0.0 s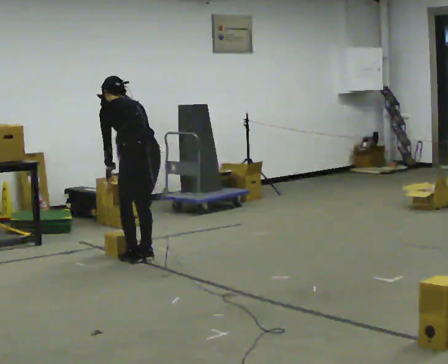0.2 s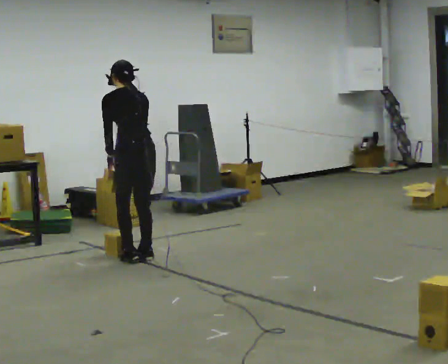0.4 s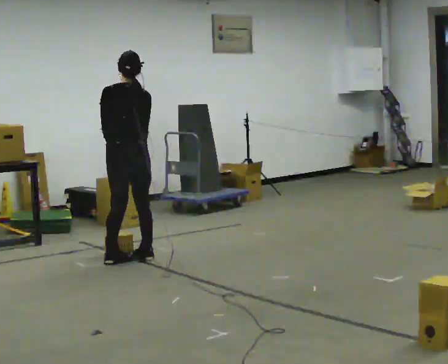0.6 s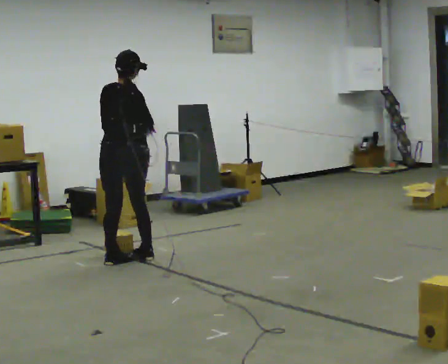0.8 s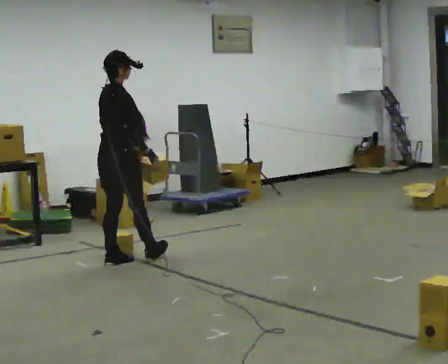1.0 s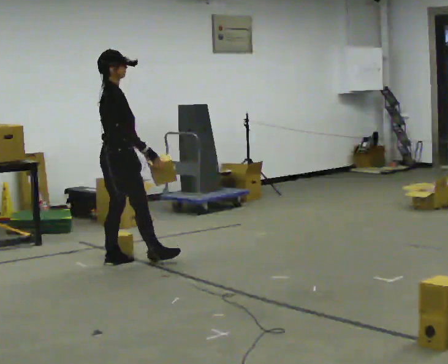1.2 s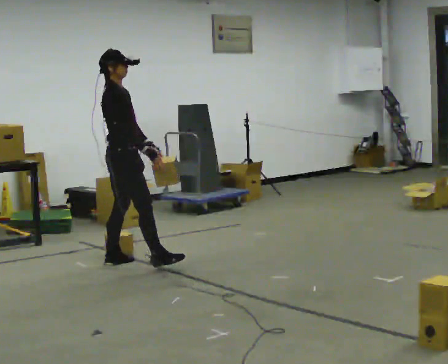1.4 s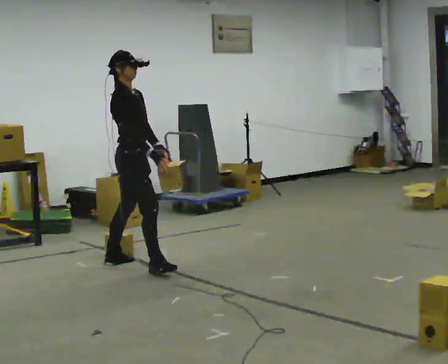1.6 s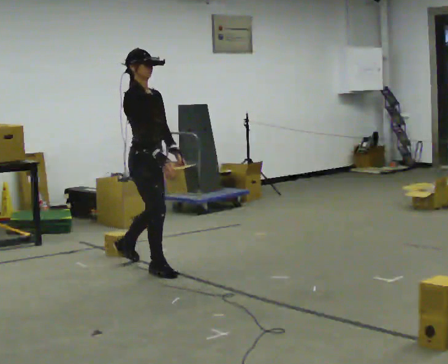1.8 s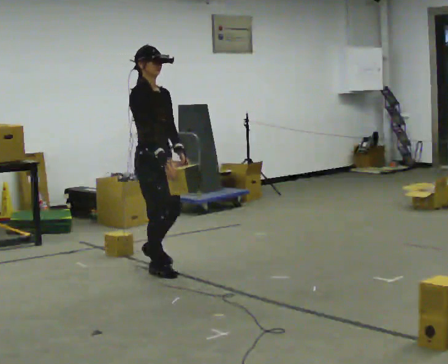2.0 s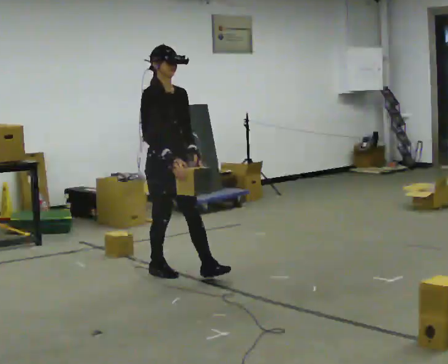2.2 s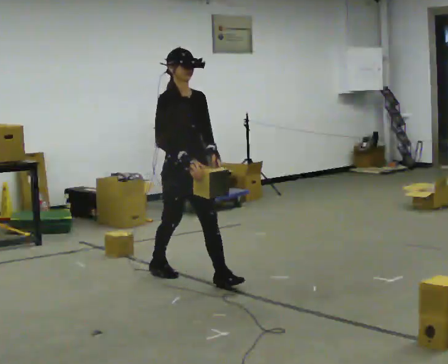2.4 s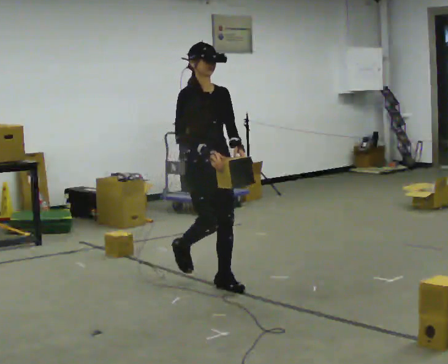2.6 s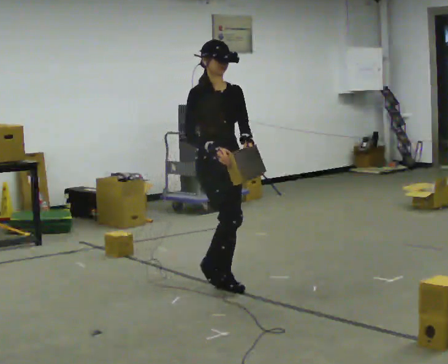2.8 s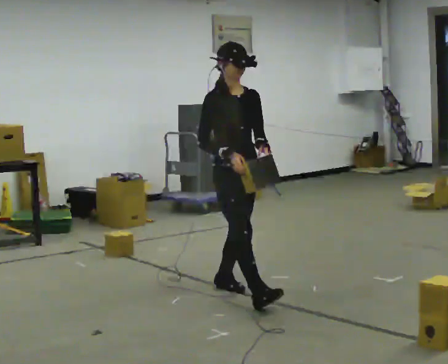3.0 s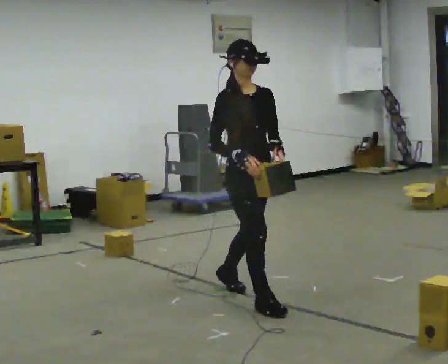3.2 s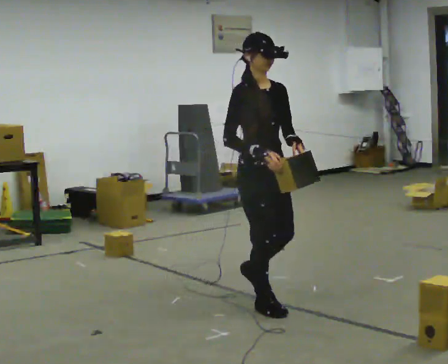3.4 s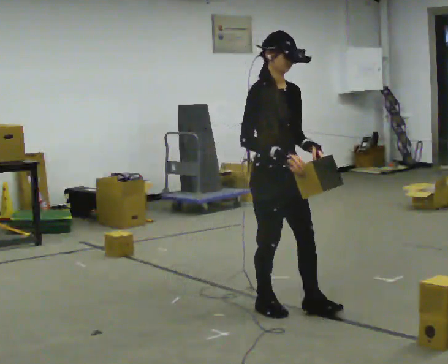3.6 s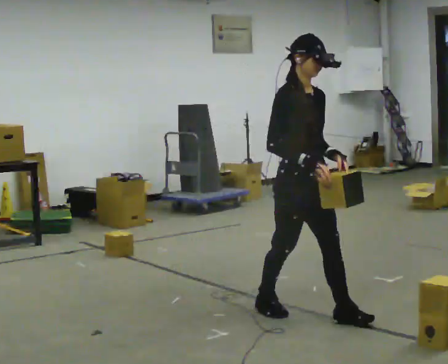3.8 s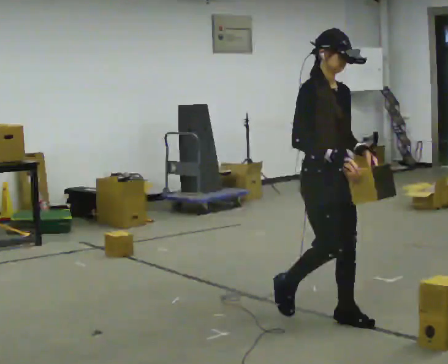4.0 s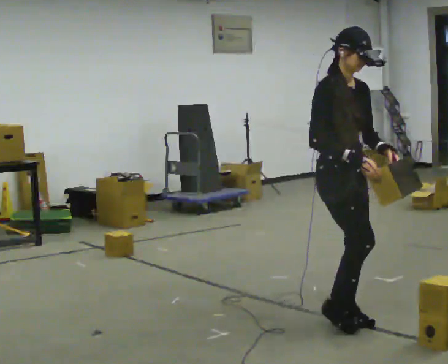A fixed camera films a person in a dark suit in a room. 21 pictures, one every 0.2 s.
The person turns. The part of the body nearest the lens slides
to the left.
The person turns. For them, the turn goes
to their right.
0.0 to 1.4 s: The person turns about 135 degrees to their right, clockwise seen from above, so the part of the body nearest the lens slides to the left. In the picture they go toward the camera, about 0.25 m in 2 steps. In the picture their left hand goes to the right, the arm swinging counterclockwise.
1.4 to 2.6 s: Seen from above the body turns clockwise, about 45 degrees: to their right, with its near side sliding to the left. In the picture they go toward the camera and to the right, about 1 m in 1 step, which for them is forward.
2.6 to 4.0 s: In the picture they go toward the camera and to the right, about 1 m in 2 steps, which for them is forward.
The film runs forward here.
